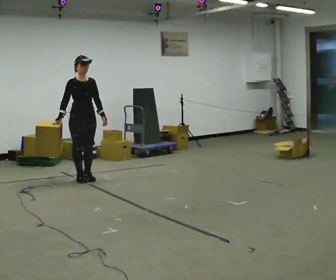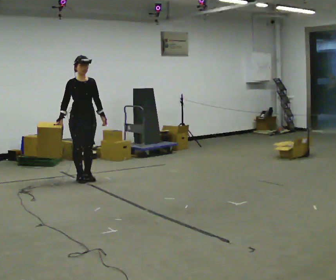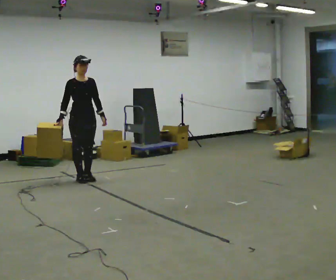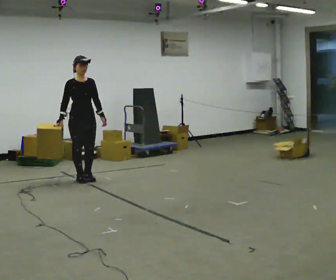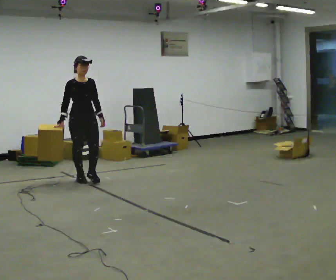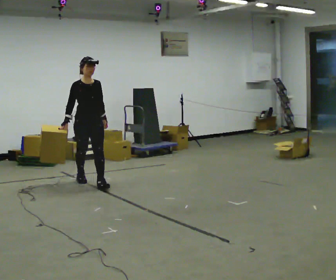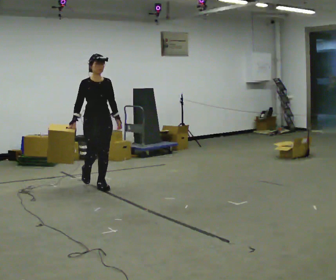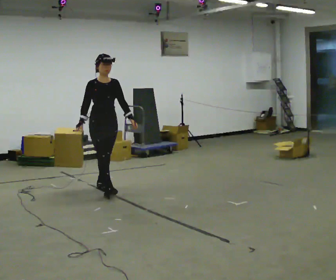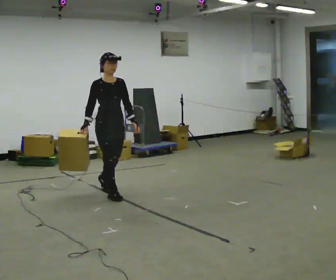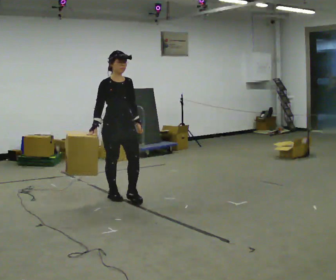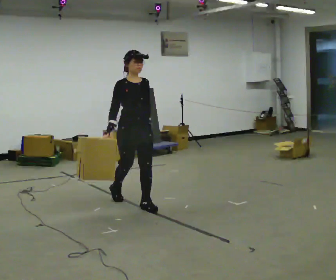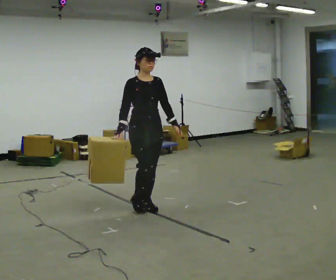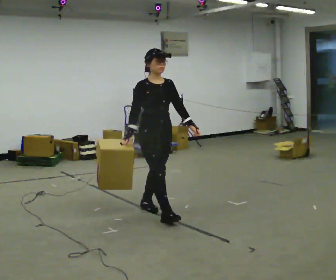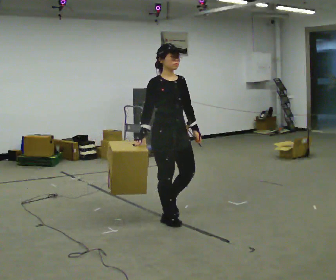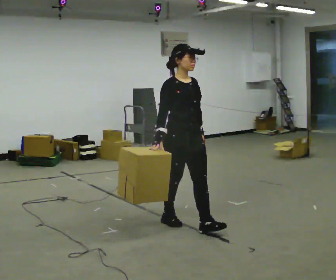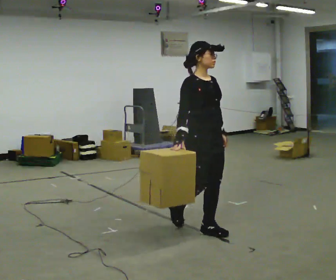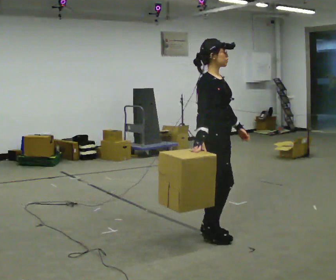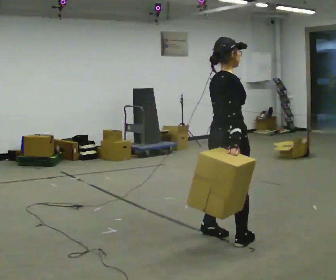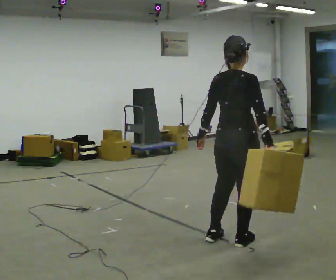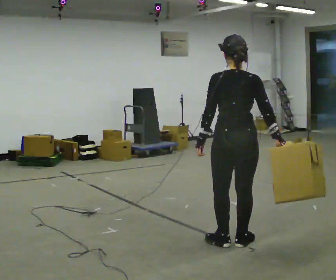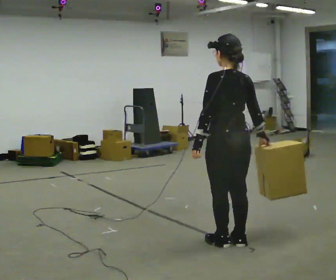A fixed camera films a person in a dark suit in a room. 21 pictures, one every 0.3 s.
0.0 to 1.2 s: The person moves a little, or ends about where they began.
1.2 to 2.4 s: In the picture they go toward the camera and to the right, about 1 m in 2 steps, which for them is forward.
2.4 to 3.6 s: In the picture they go toward the camera and to the right, about 1 m in 2 steps, which for them is forward.
3.6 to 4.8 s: The person turns about 30 degrees to their left, counterclockwise seen from above, so the part of the body nearest the lens slides to the right. In the picture they go toward the camera and to the right, about 1 m in 1 step, which for them is forward.
4.8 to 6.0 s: Seen from above the body turns counterclockwise, about 135 degrees: to their left, with its near side sliding to the right. In the picture they go toward the camera, about 0.25 m in 2 steps.
The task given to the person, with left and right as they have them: Carry the box across the room, stopping and starting again each time the operator says stop and go. Do not set the box down.
The film runs forward here.
